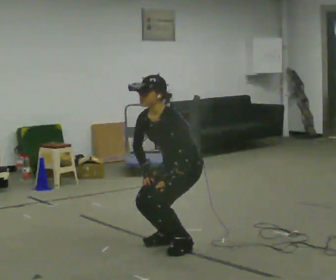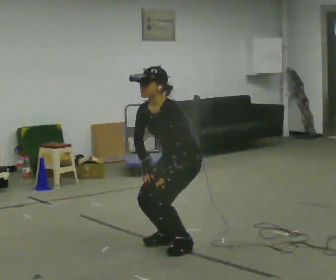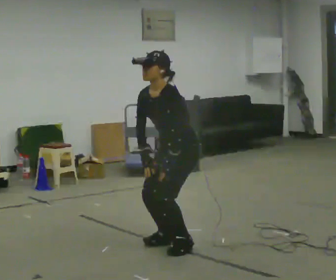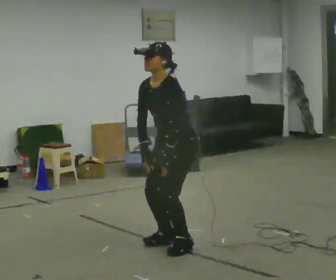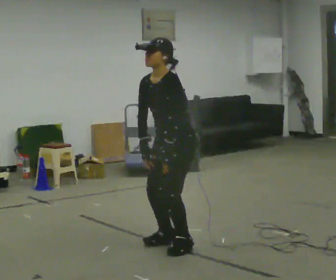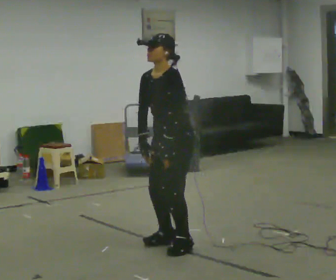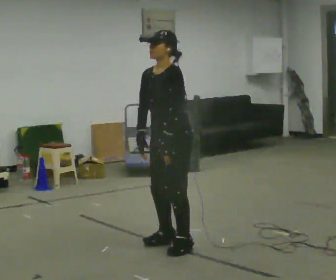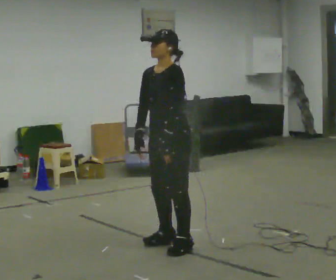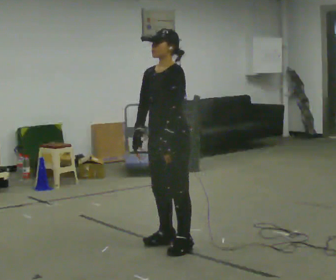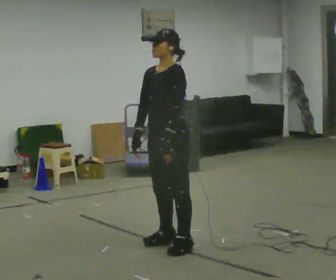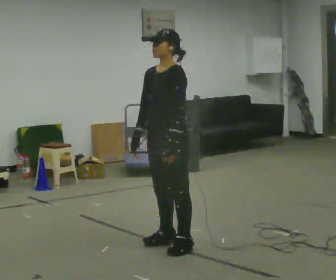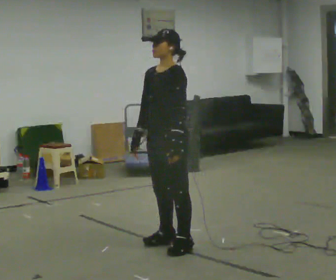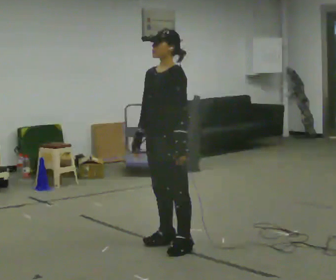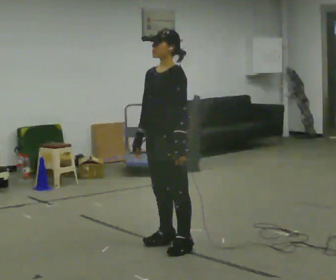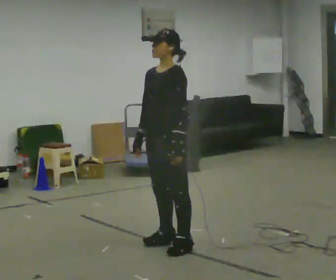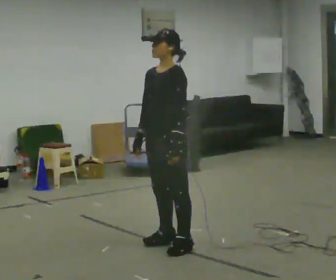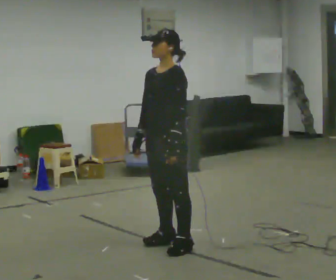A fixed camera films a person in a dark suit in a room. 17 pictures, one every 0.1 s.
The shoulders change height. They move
upward.
The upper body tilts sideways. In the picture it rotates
clockwise.
0.0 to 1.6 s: The shoulders move upward. In the picture the upper body tilts clockwise, shoulders to the right, as they lean back or straighten.
The film runs forward here.
